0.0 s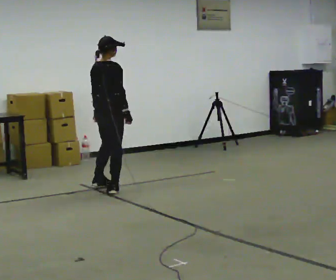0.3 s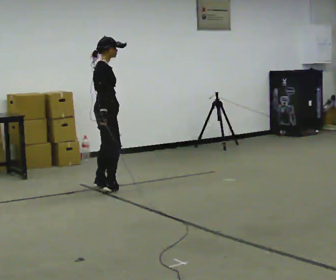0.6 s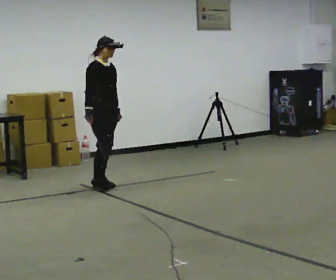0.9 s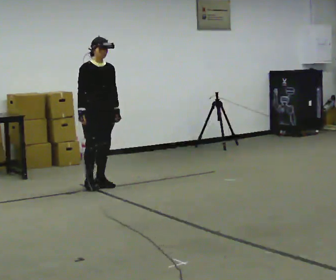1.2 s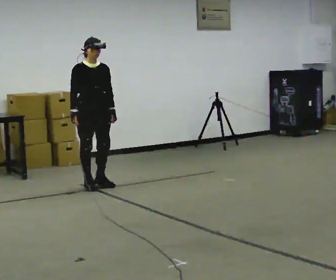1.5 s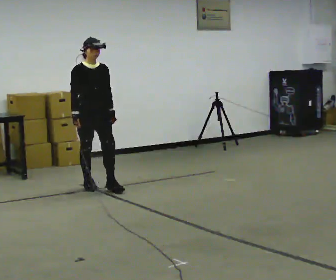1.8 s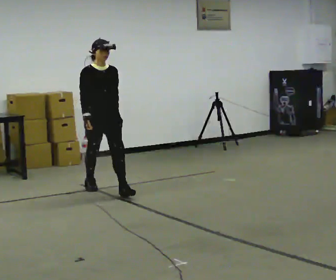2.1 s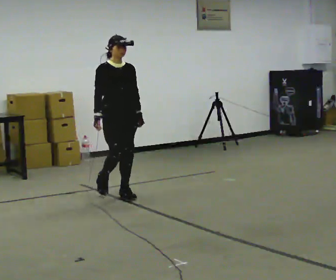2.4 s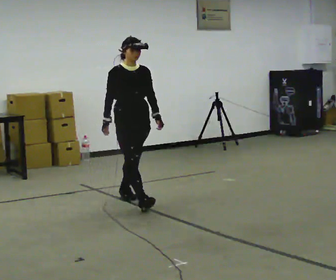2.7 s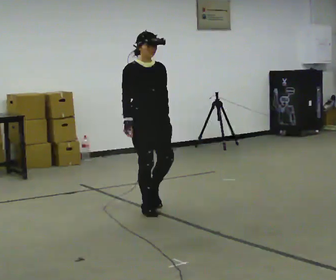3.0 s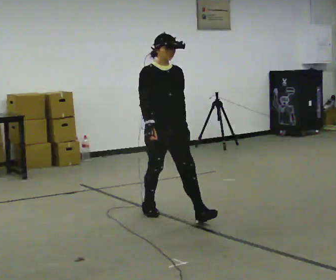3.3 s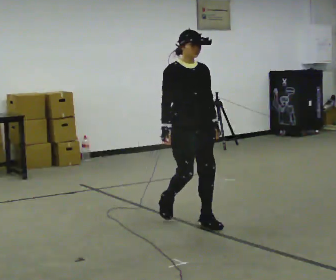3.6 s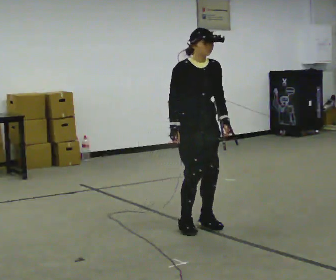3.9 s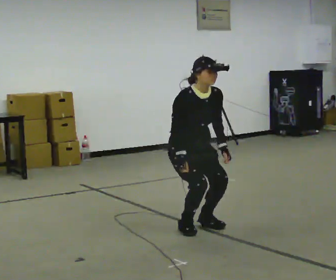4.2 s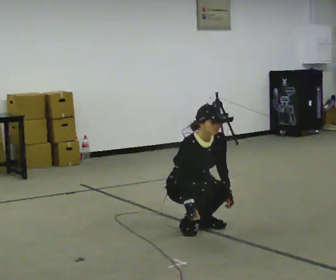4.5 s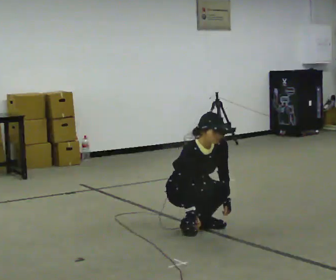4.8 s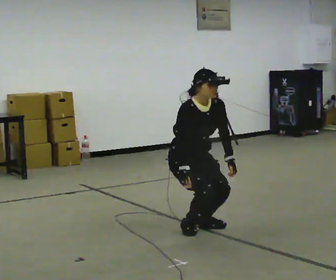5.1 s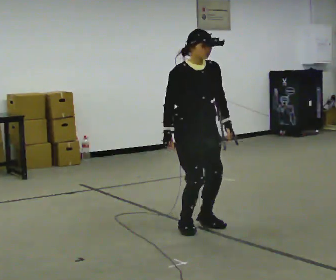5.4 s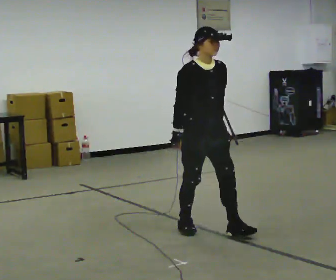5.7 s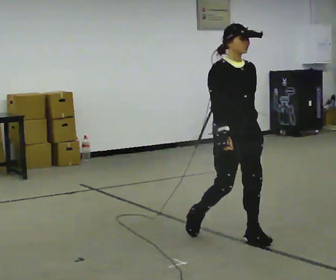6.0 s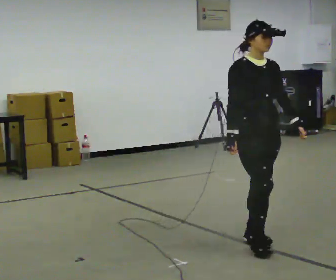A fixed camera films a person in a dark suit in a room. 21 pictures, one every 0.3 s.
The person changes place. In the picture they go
toward the camera.
0.0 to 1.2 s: The person turns about 105 degrees to their right, clockwise seen from above, so the part of the body nearest the lens slides to the left. In the picture they go to the left, about 0.25 m in 2 steps.
1.2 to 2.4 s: In the picture they go toward the camera and to the right, about 1 m in 1 step, which for them is forward.
2.4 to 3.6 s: In the picture they go toward the camera and to the right, about 1 m in 3 steps, which for them is forward.
3.6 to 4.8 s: The person moves a little, or ends about where they began.
4.8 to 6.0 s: In the picture they go toward the camera and to the right, about 0.5 m in 1 step, which for them is forward. The shoulders move upward. The upper body tips away from the camera, its near side rolling upward, as they lean back or straighten.
The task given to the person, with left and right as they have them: Walk; crouch comfortably at marker; remain briefly; stand and continue.
The film runs forward here.
